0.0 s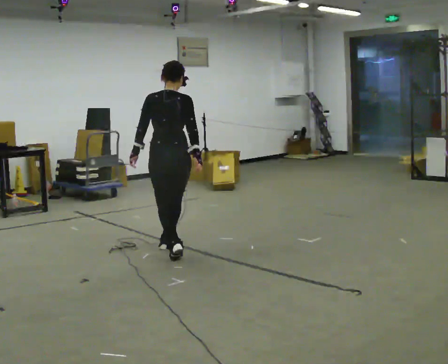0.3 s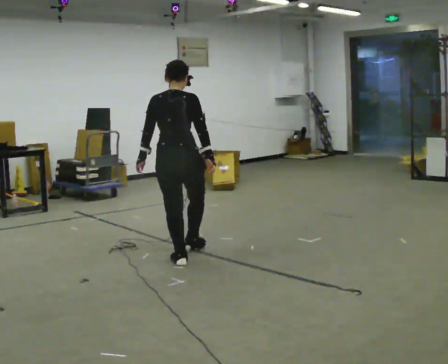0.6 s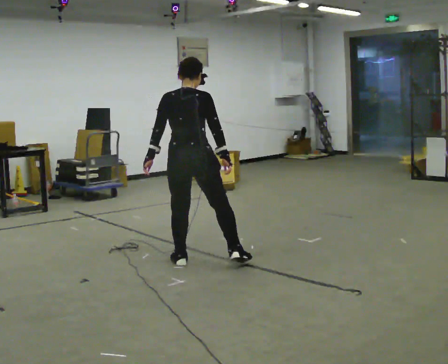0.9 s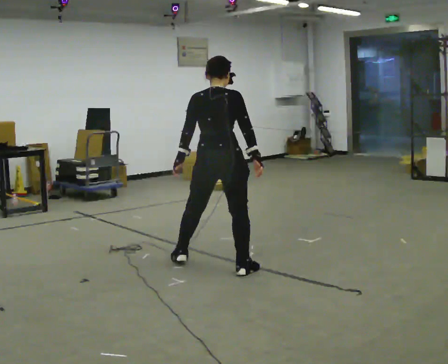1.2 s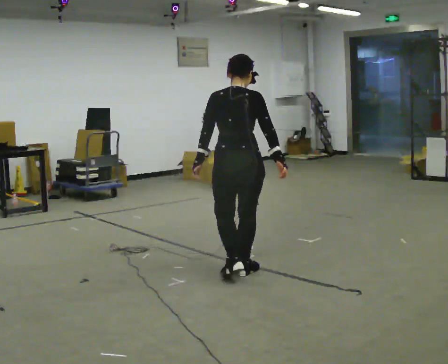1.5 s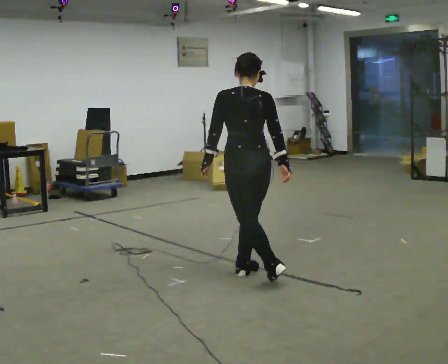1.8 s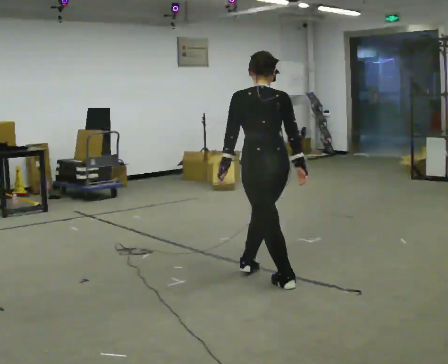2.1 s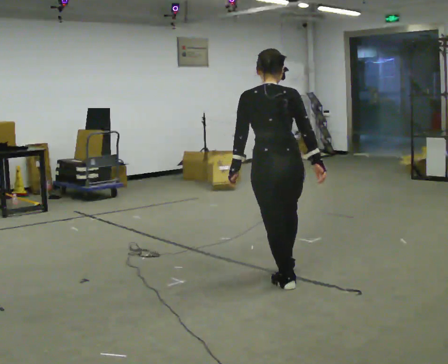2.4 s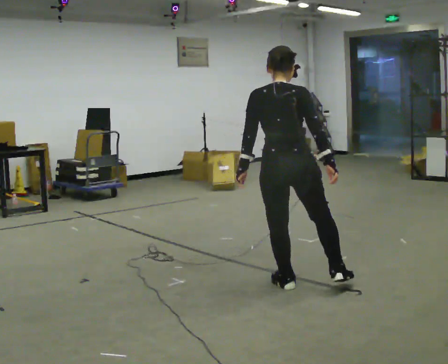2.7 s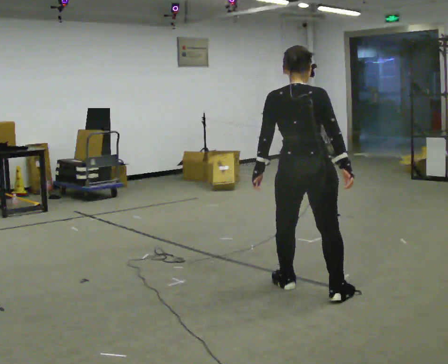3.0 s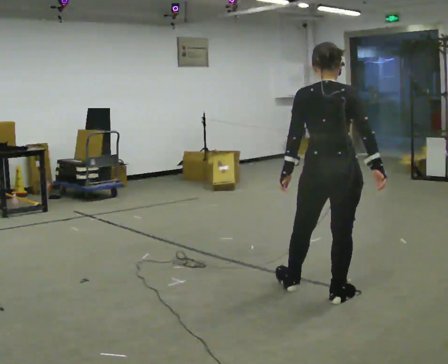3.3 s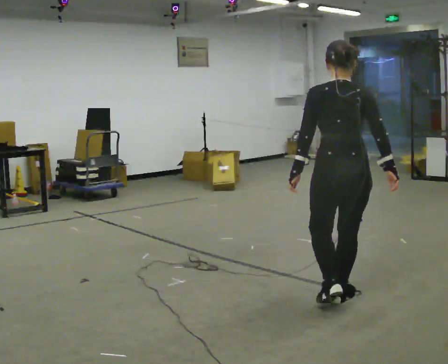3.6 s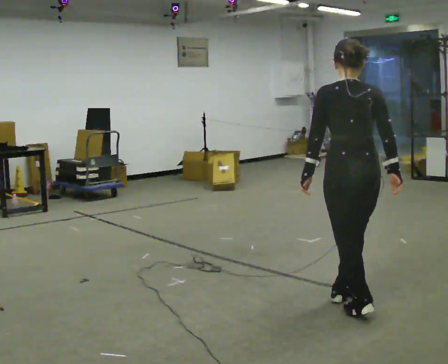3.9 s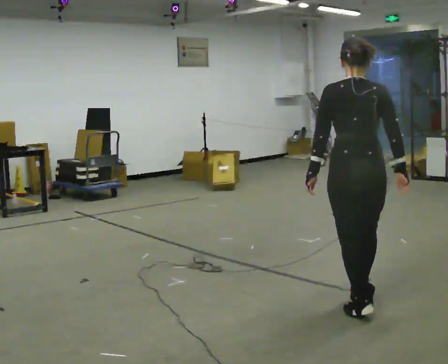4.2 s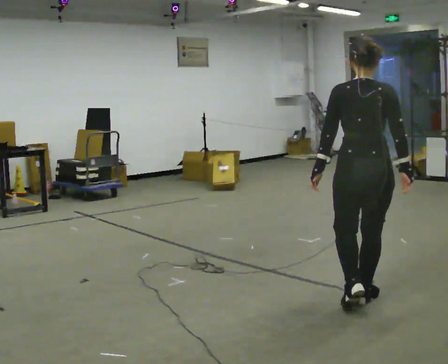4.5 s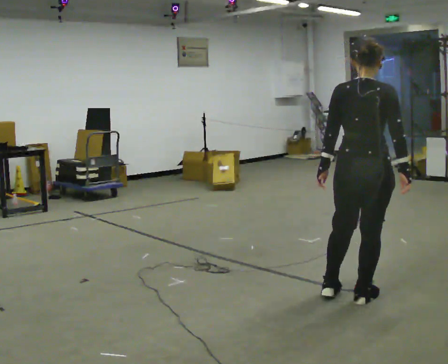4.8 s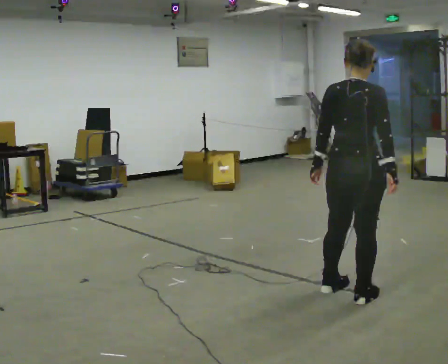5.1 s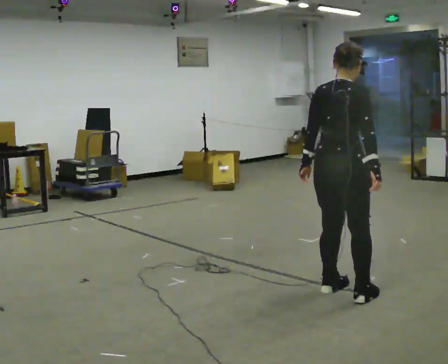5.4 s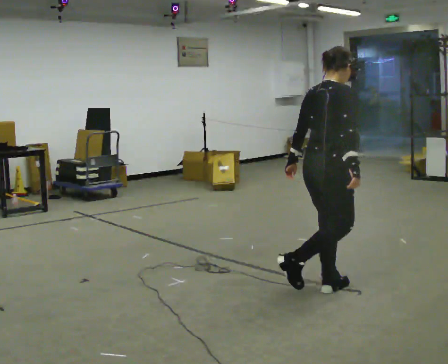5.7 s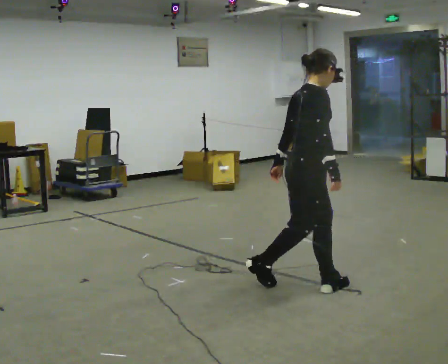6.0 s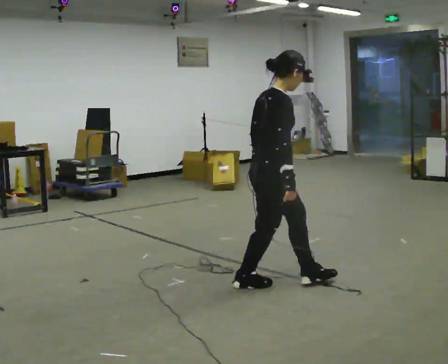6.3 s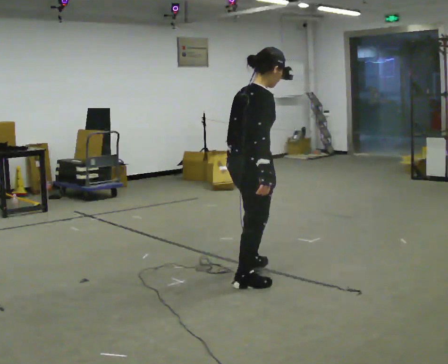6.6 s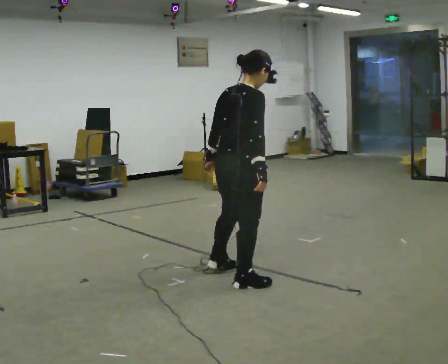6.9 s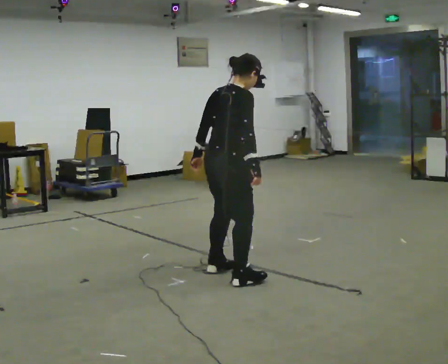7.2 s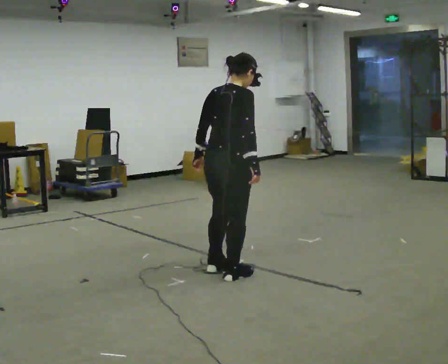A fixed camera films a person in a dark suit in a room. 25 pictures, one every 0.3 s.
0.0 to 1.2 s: In the picture they go to the right and toward the camera, about 1 m in 2 steps, which for them is to their right and backward.
1.2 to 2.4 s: In the picture they go to the right and toward the camera, about 0.5 m in 1 step, which for them is backward and to their right.
2.4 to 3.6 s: In the picture they go to the right and toward the camera, about 0.5 m in 2 steps, which for them is to their right and backward.
3.6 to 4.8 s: The person turns about 30 degrees to their right, clockwise seen from above, so the part of the body nearest the lens slides to the left. In the picture they go away from the camera, about 0.25 m in 1 step, which for them is forward.
4.8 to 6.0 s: The part of the body nearest the lens slides to the left as the person turns to their right by about 45 degrees. In the picture they go to the left, about 0.5 m in 1 step, which for them is to their left and backward.
6.0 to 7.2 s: Seen from above the body turns counterclockwise, about 30 degrees: to their left, with its near side sliding to the right. In the picture they go to the left and away from the camera, about 0.5 m in 2 steps, which for them is to their left.
The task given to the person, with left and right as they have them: Move sideways in the direction the operator calls, crossing one foot in front and then behind, alternating.
The film runs forward here.
